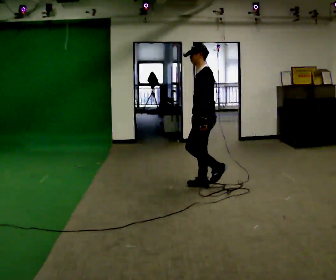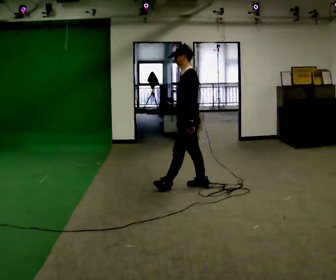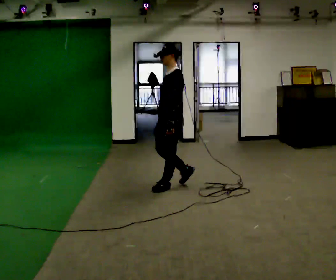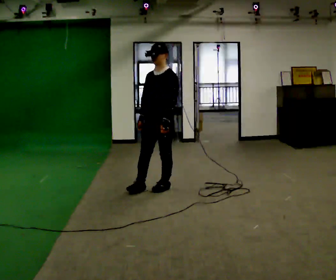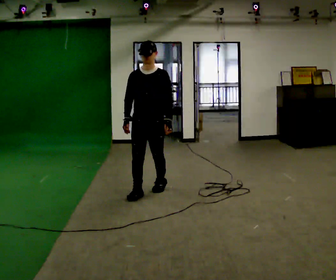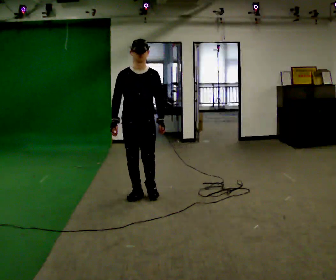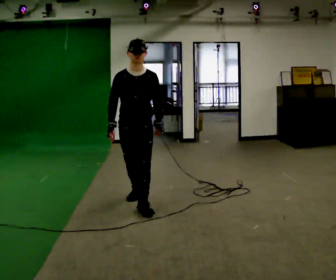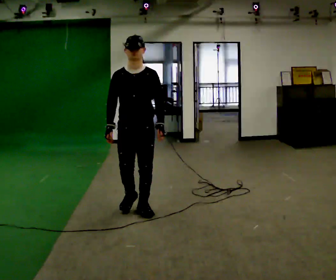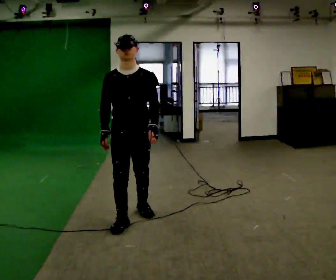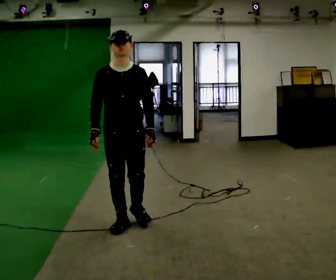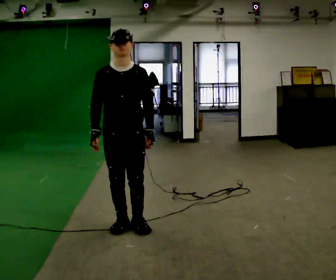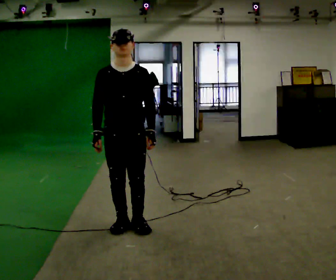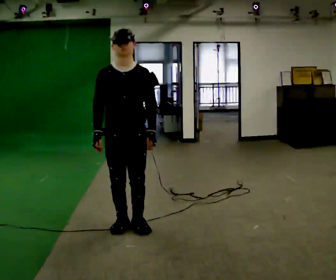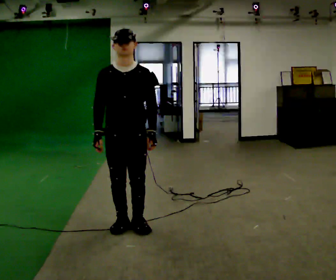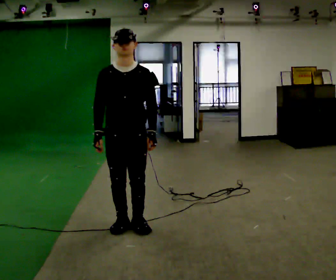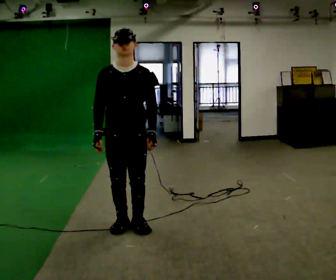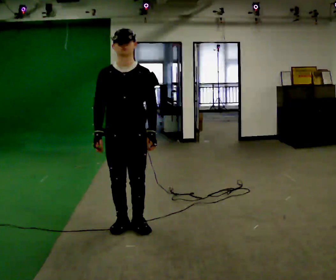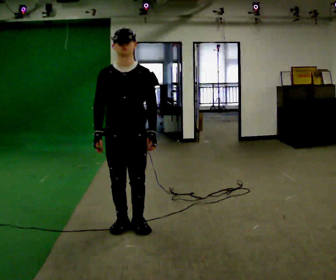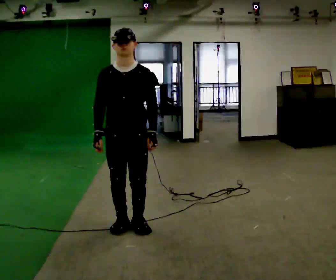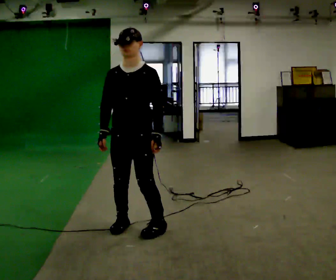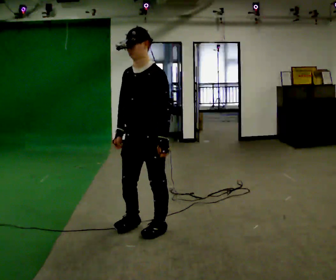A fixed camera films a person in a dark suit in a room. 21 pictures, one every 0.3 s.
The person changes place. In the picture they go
toward the camera.
The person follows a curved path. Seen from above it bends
counterclockwise.
0.0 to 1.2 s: Seen from above the body turns counterclockwise, about 90 degrees: to their left, with its near side sliding to the right. In the picture they go to the left, about 0.75 m in 2 steps.
1.2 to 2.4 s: In the picture they go toward the camera, about 1 m in 2 steps, which for them is forward.
2.4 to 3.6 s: In the picture they go toward the camera, about 0.25 m in 1 step, which for them is forward.
3.6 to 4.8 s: The person keeps their place and pose.
4.8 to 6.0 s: The person turns about 45 degrees to their right, clockwise seen from above, so the part of the body nearest the lens slides to the left. In the picture they go to the right, about 0.25 m in 1 step, which for them is to their left.
The film runs forward here.
